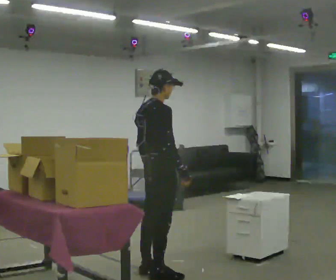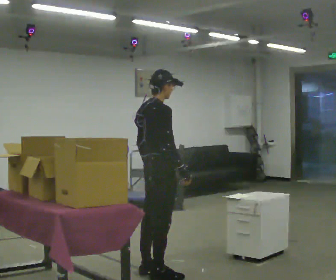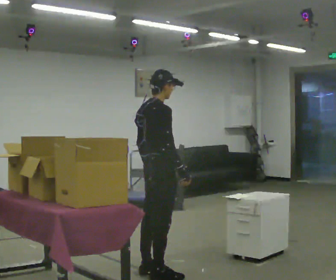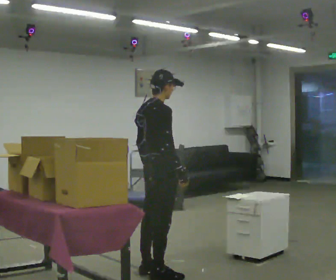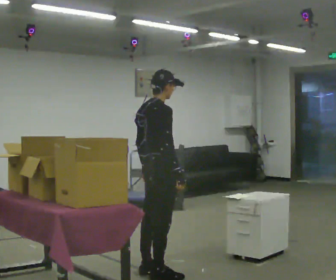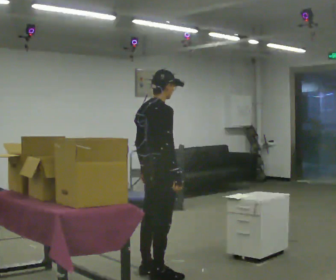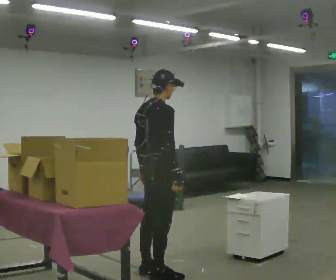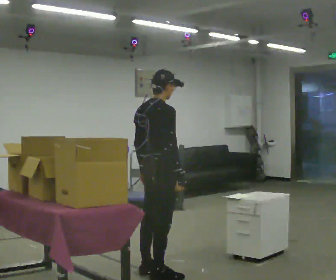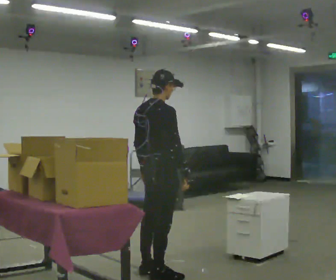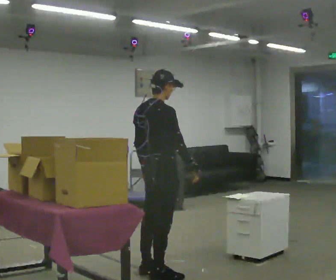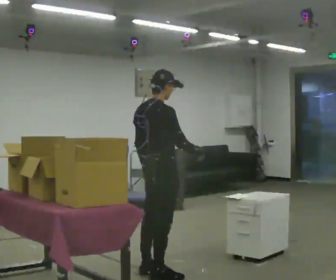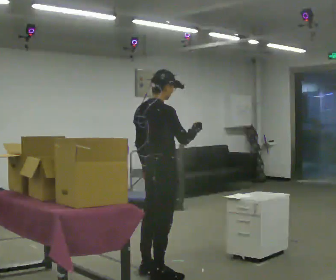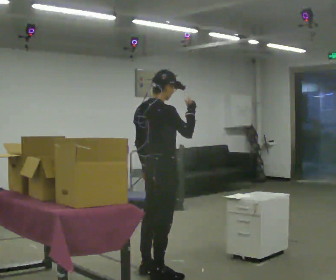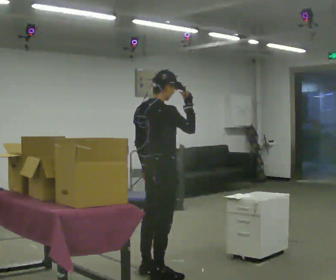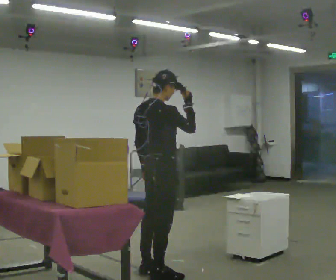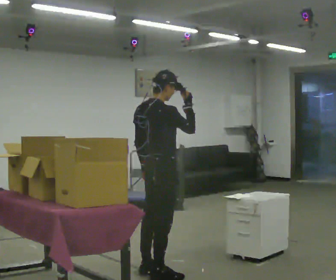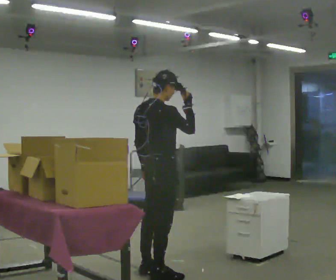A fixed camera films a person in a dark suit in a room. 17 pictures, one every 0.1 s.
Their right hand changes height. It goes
upward.
0.0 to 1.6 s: In the picture their right hand goes upward.
The film runs backward here.
